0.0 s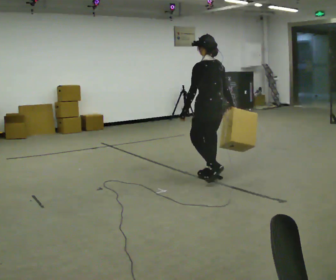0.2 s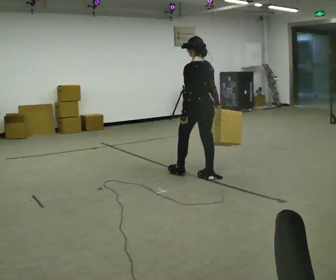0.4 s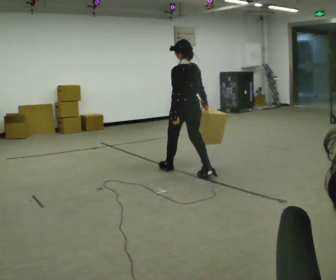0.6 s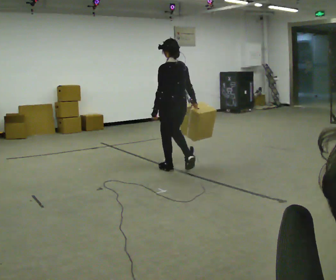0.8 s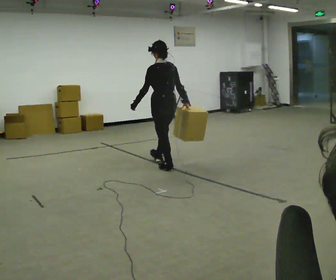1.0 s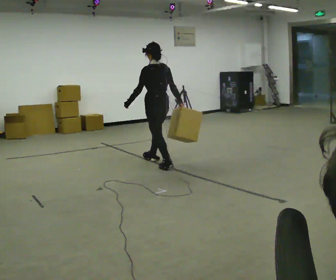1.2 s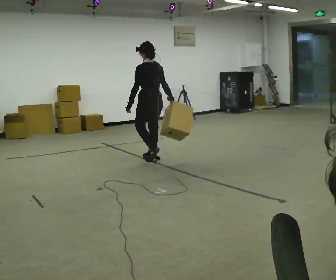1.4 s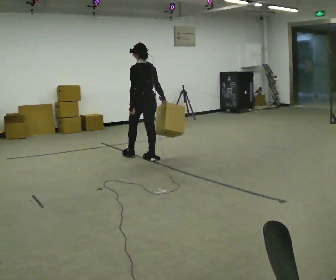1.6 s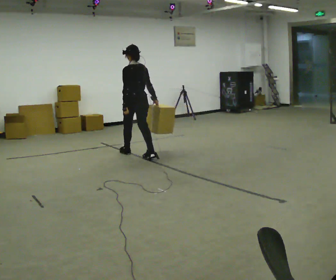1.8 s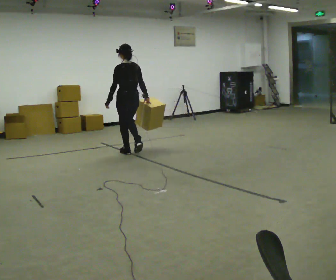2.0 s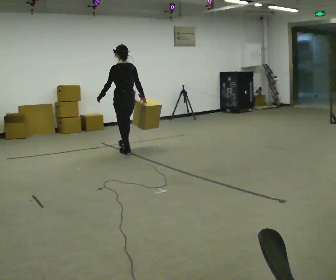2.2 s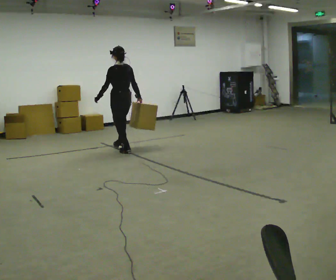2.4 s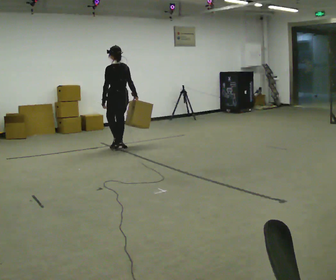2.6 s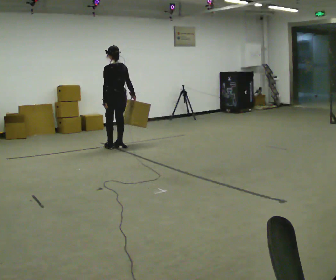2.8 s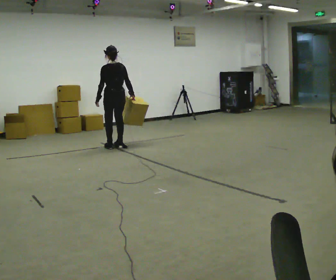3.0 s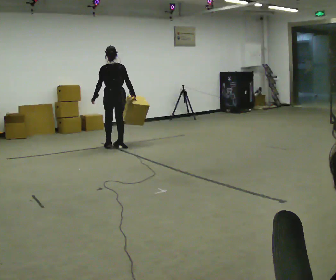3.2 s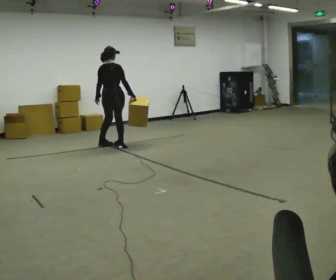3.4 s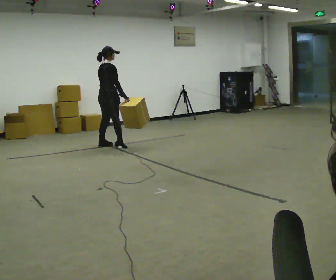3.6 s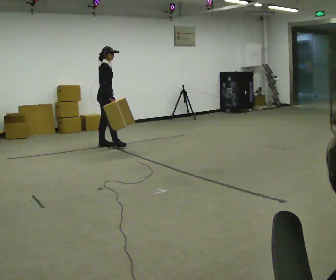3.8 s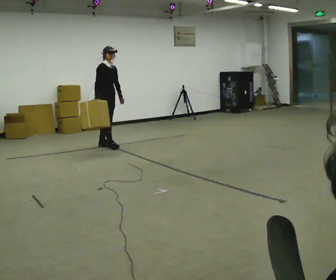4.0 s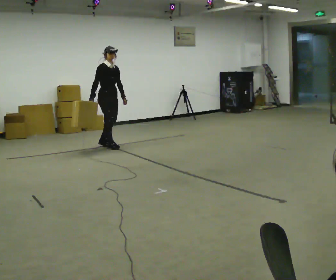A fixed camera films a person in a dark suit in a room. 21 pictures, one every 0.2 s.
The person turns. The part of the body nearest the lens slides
to the left.
The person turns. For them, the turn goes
to their right.
0.0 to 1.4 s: In the picture they go away from the camera and to the left, about 1.5 m in 2 steps, which for them is forward.
1.4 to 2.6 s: In the picture they go away from the camera and to the left, about 1 m in 2 steps, which for them is forward.
2.6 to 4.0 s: Seen from above the body turns clockwise, about 165 degrees: to their right, with its near side sliding to the left. In the picture they go to the left, about 0.25 m in 3 steps. In the picture their right hand goes to the left, the arm swinging clockwise.
The film runs forward here.
